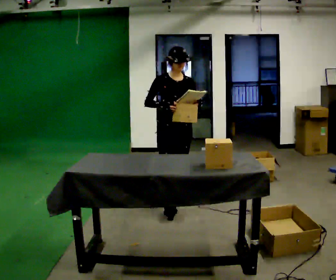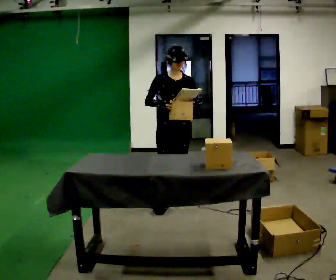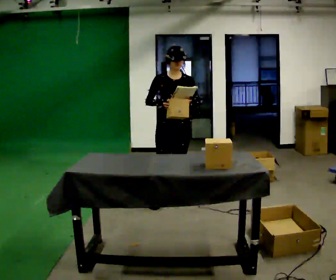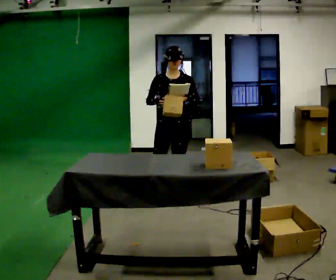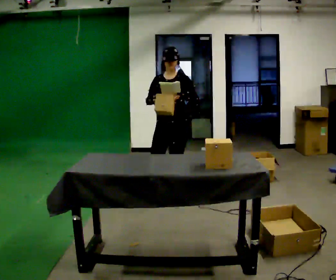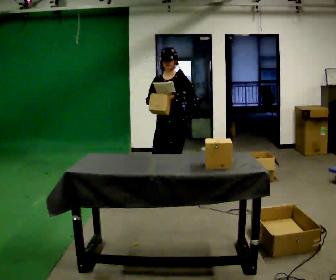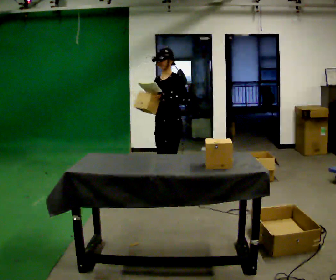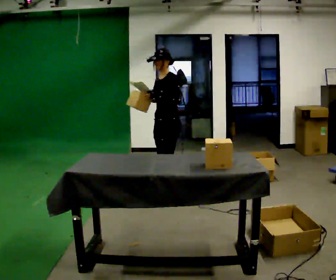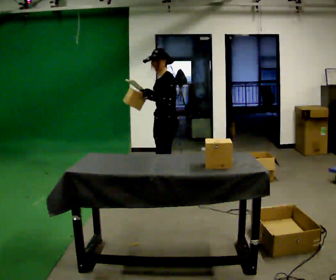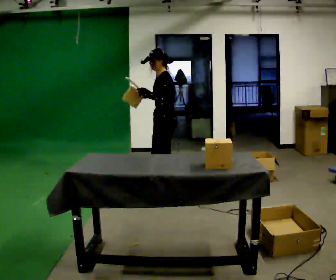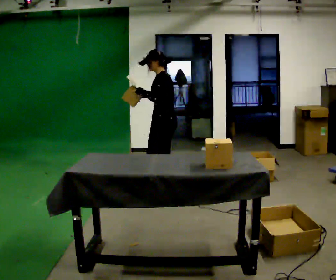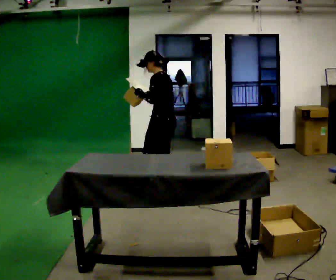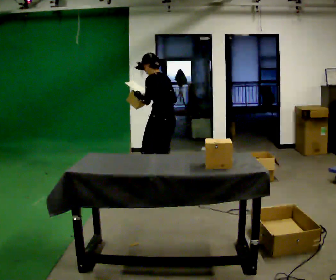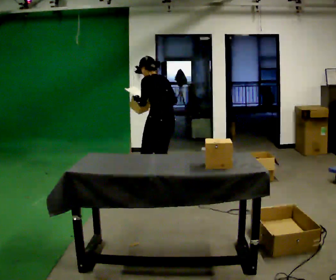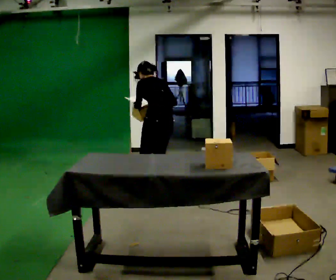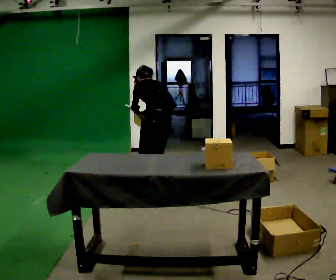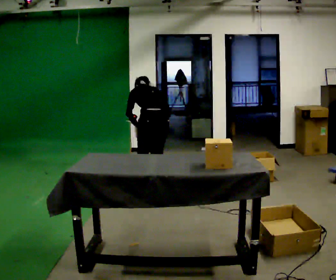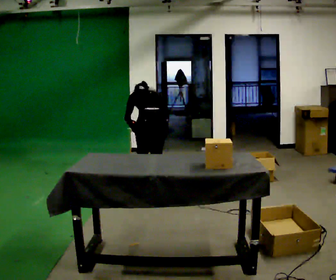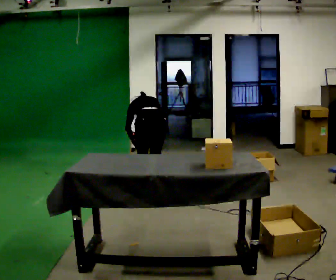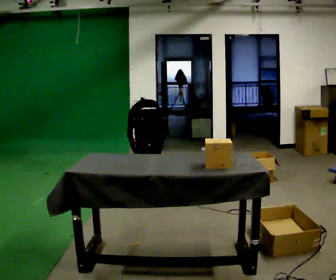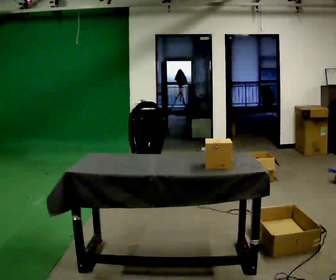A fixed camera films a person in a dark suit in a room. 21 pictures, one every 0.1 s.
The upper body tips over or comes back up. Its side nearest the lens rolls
upward.
The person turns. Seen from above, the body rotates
clockwise.
0.0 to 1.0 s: The person turns about 120 degrees to their right, clockwise seen from above, so the part of the body nearest the lens slides to the left. In the picture they go away from the camera, about 0.5 m in 1 step.
1.0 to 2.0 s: The person turns about 60 degrees to their right, clockwise seen from above, so the part of the body nearest the lens slides to the left. The upper body goes downward. The upper body tips away from the camera, its near side rolling upward, as they bend forward. In the picture their left hand goes downward.
The film runs backward here.
